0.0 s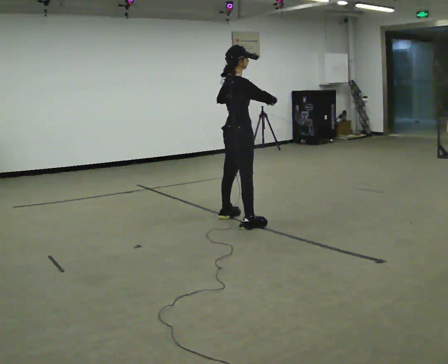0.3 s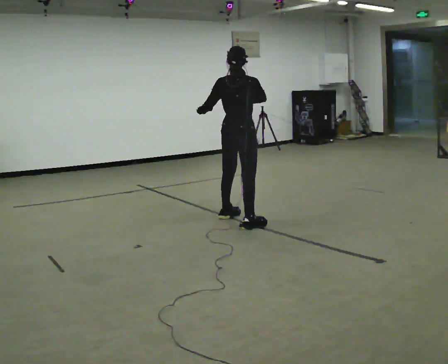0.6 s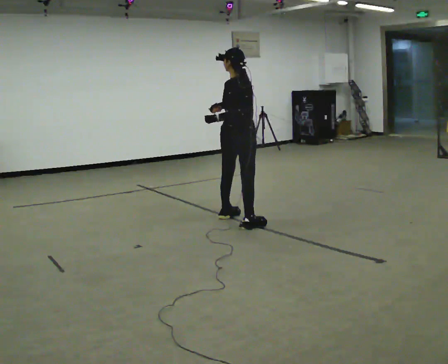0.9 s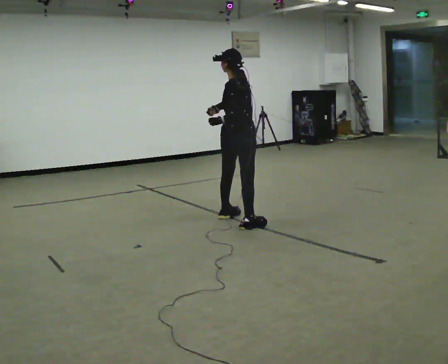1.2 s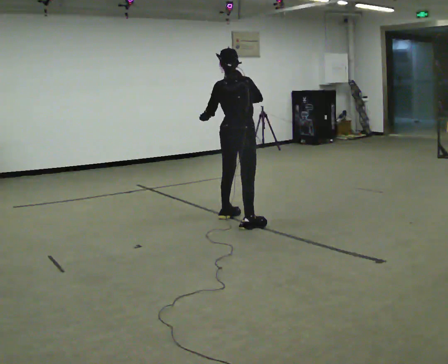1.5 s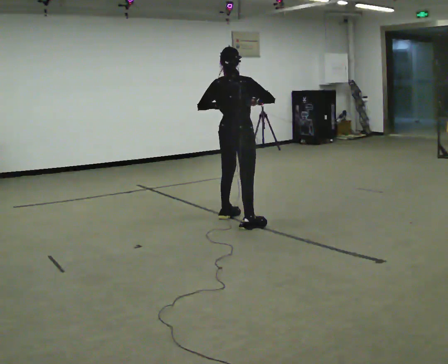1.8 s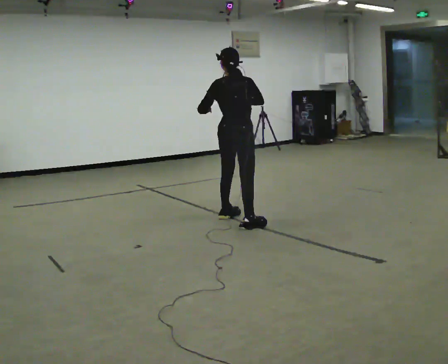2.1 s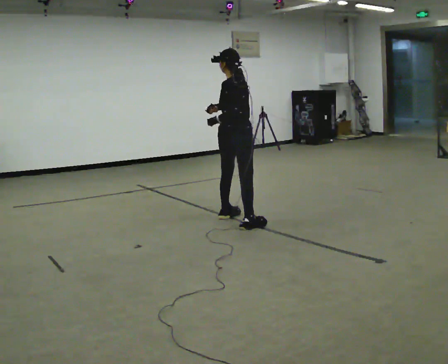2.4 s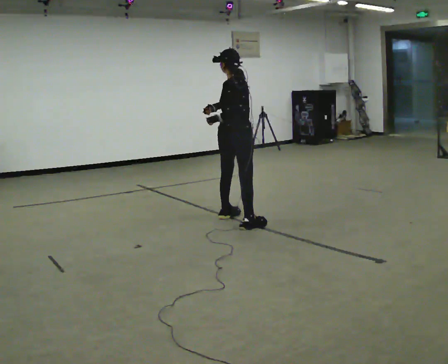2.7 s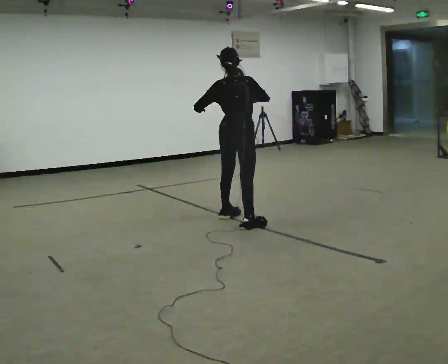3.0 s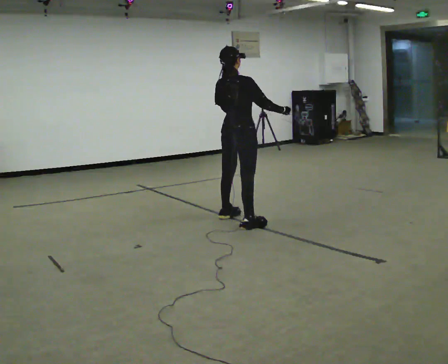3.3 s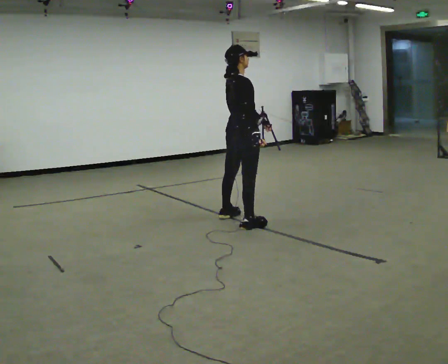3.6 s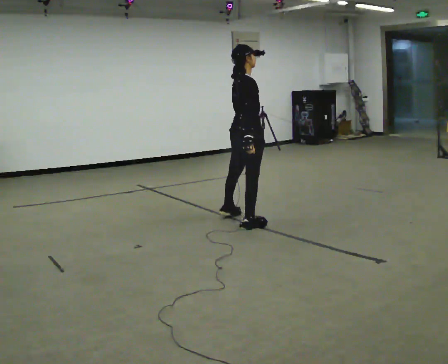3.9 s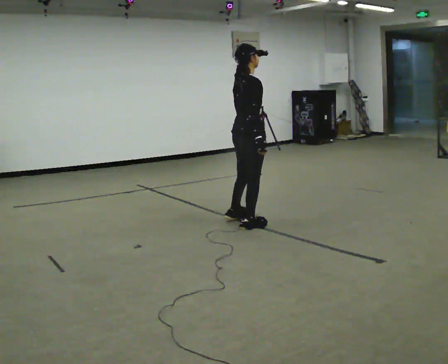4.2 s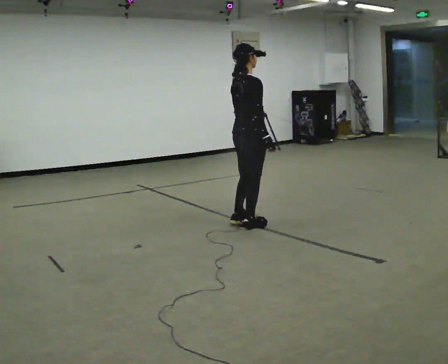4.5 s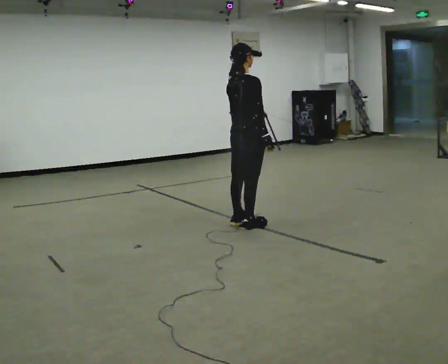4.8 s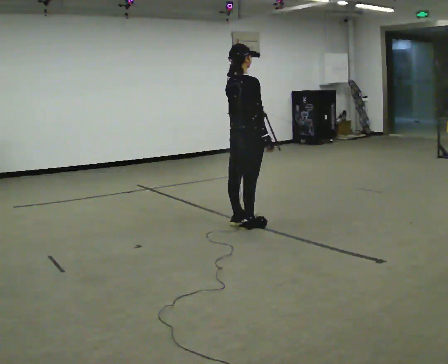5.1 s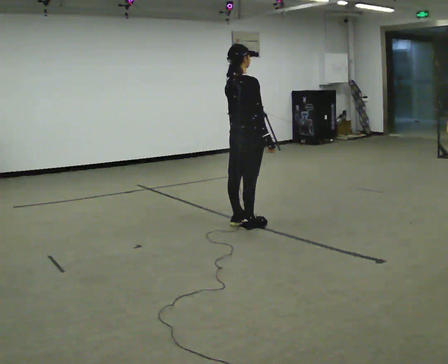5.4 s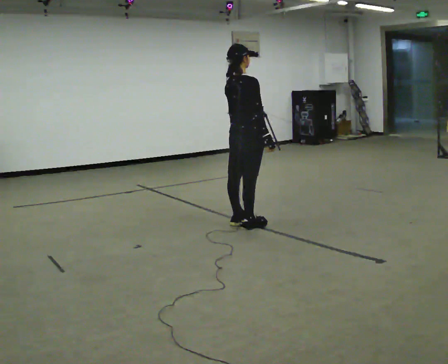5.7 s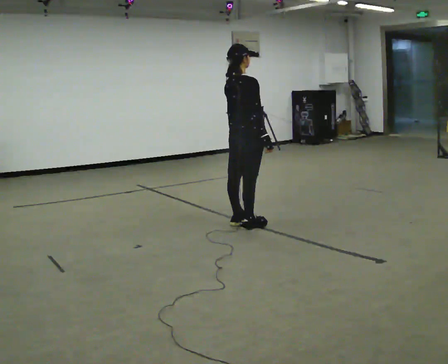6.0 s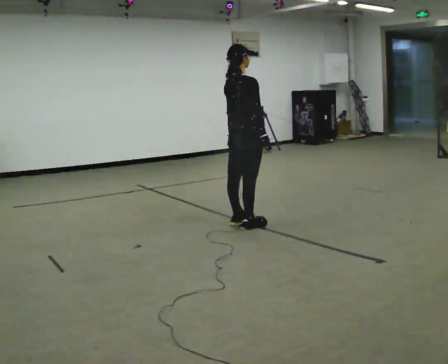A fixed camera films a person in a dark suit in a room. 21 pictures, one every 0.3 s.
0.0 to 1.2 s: Seen from above the body turns counterclockwise, about 75 degrees: to their left, with its near side sliding to the right. In the picture their left hand goes to the left.
1.2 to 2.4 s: Seen from above the body turns counterclockwise, about 30 degrees: to their left, with its near side sliding to the right.
2.4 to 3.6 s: The part of the body nearest the lens slides to the left as the person turns to their right by about 90 degrees. In the picture they go toward the camera, about 0.25 m. In the picture their left hand goes to the right.
3.6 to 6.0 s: The person moves a little, or ends about where they began.
The film runs backward here.
